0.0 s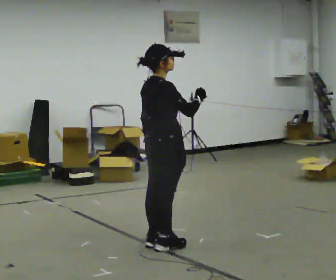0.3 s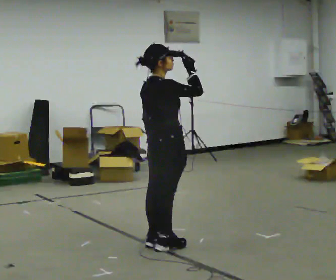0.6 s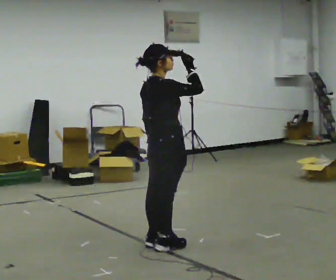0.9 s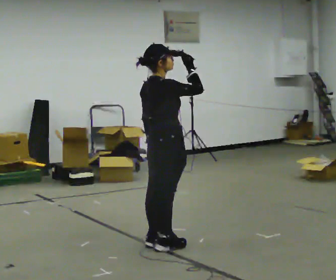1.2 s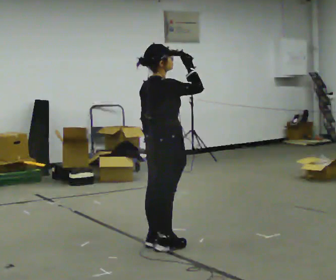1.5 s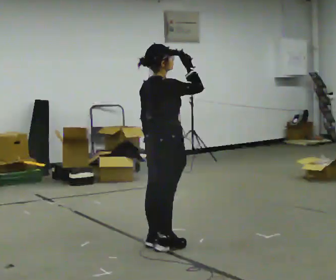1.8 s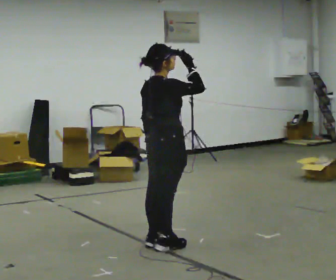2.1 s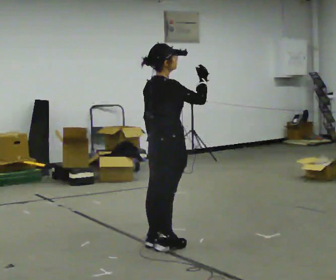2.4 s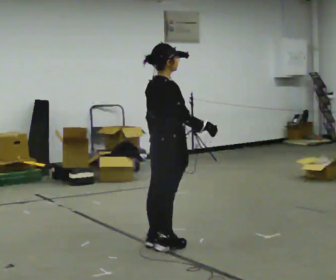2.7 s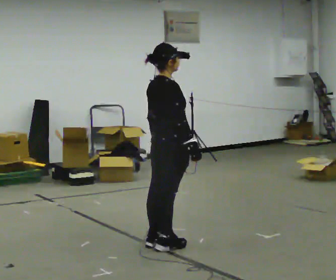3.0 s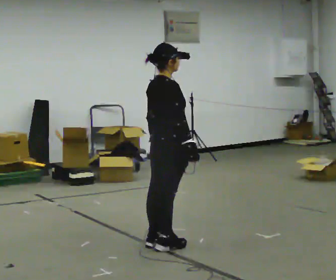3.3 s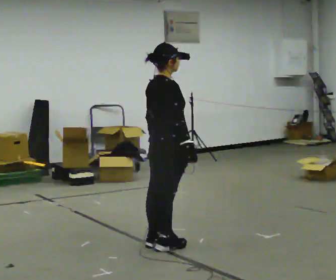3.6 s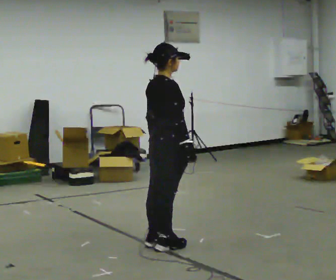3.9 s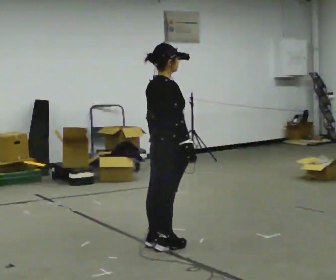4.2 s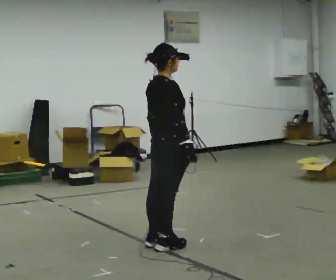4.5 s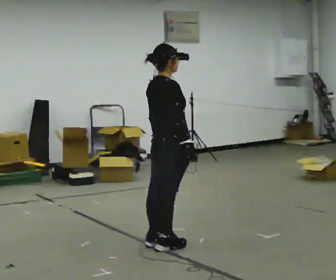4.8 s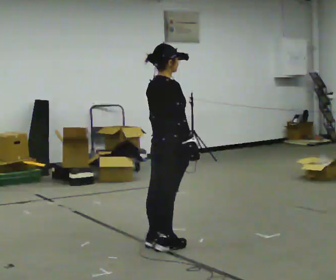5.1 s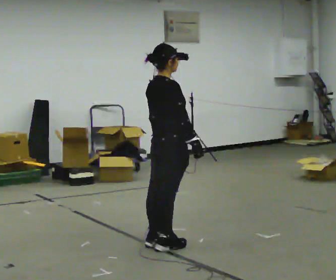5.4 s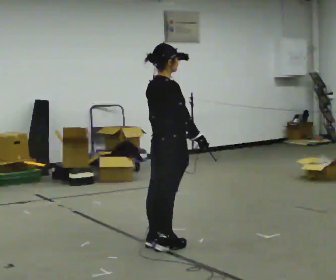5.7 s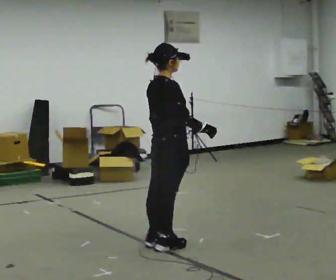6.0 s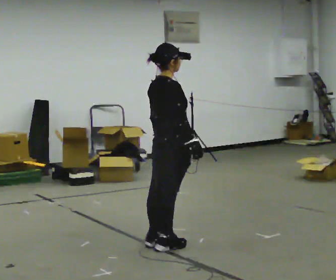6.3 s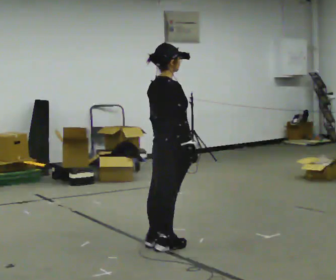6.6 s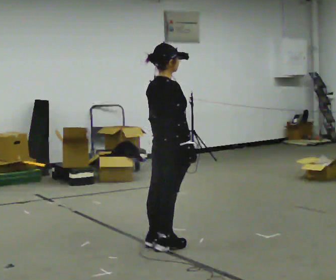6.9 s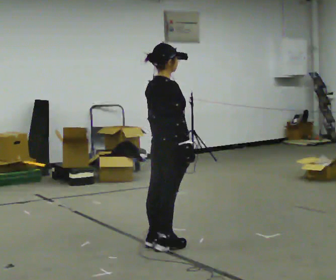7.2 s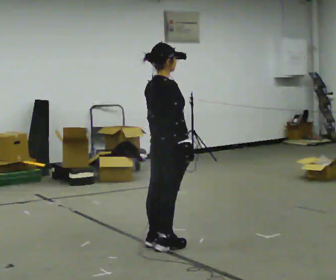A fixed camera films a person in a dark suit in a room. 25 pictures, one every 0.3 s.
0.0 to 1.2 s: In the picture their right hand goes upward.
1.2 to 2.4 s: In the picture their right hand goes downward.
2.4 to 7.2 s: The person moves a little, or ends about where they began.
The film runs backward here.
